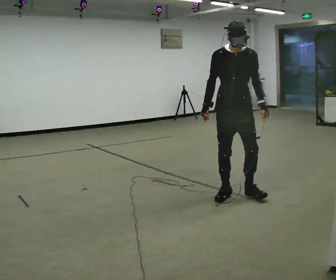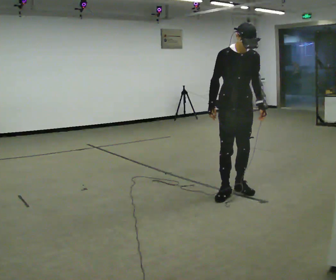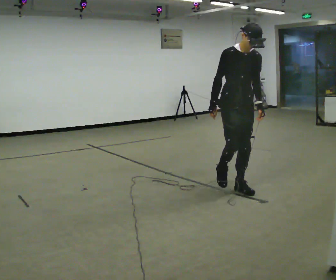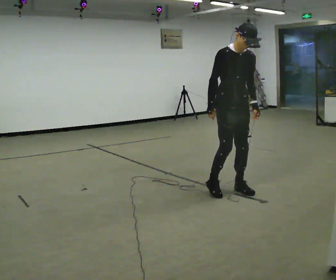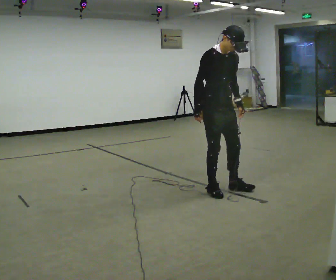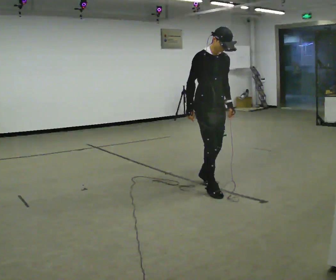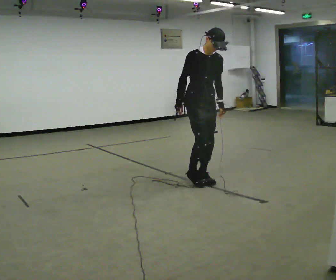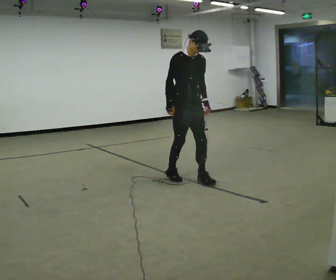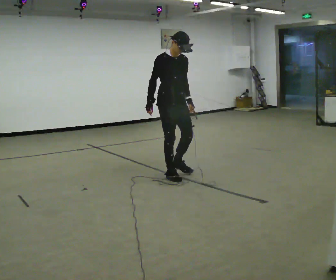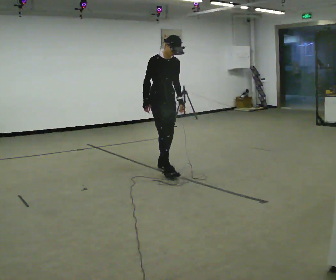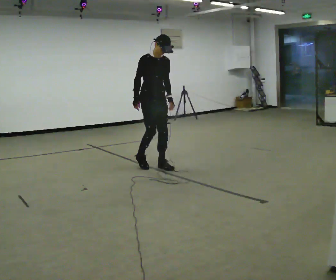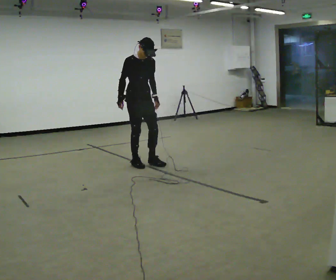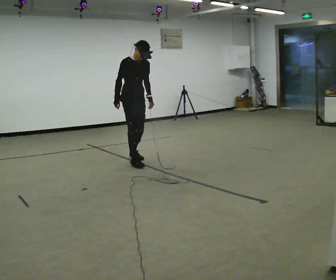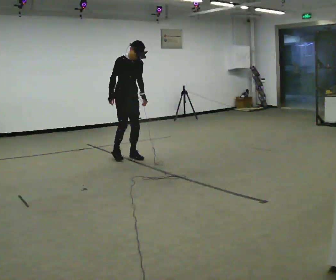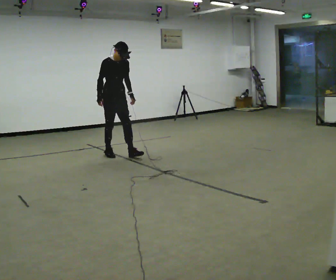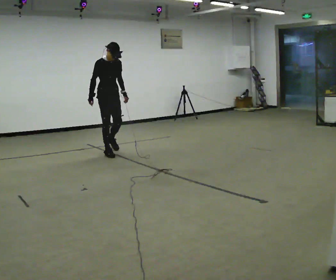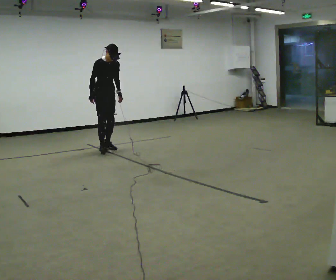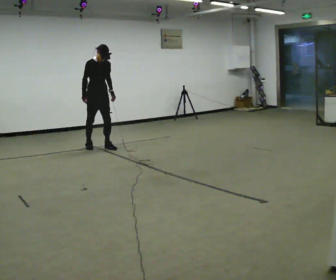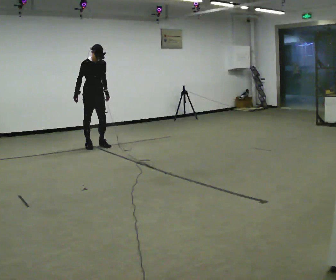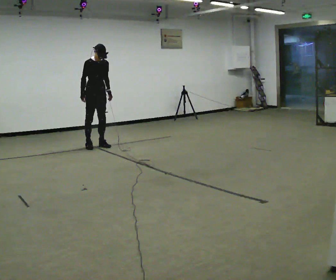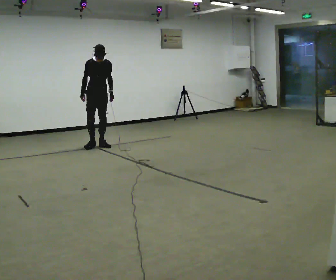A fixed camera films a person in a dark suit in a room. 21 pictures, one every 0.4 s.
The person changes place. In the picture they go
away from the camera.
0.0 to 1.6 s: The part of the body nearest the lens slides to the right as the person turns to their left by about 30 degrees. In the picture they go to the left and away from the camera, about 0.25 m in 2 steps, which for them is backward and to their right.
1.6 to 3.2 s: In the picture they go away from the camera and to the left, about 1 m in 2 steps, which for them is backward.
3.2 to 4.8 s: In the picture they go away from the camera and to the left, about 1 m in 3 steps, which for them is backward.
4.8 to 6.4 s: In the picture they go away from the camera and to the left, about 1 m in 2 steps, which for them is backward.
6.4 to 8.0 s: In the picture they go away from the camera, about 0.25 m in 2 steps, which for them is backward.
The film runs forward here.
